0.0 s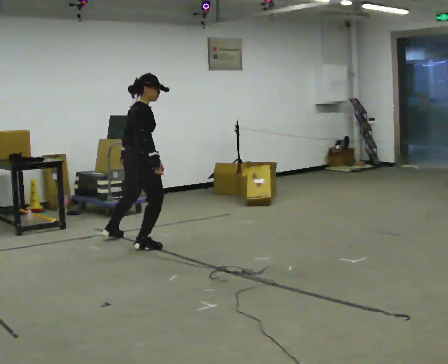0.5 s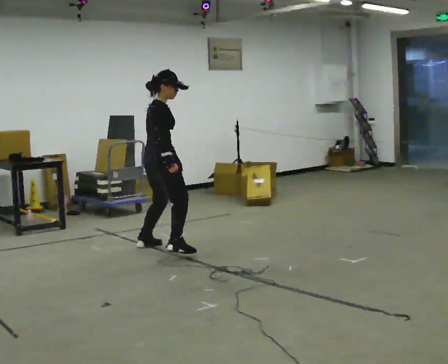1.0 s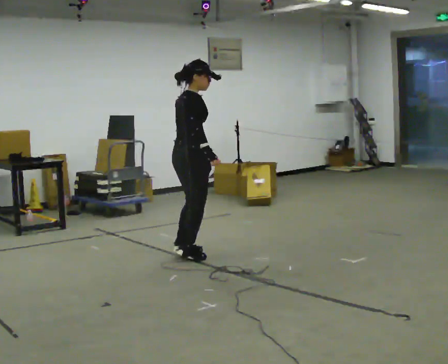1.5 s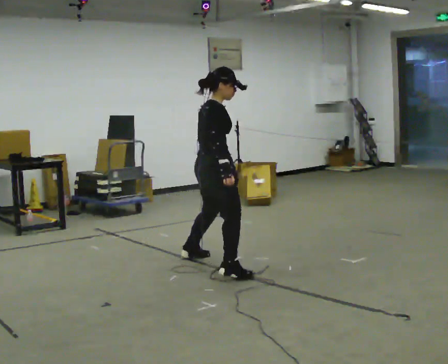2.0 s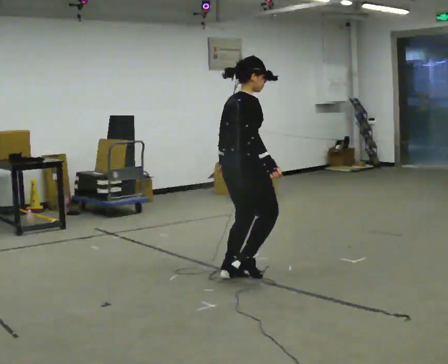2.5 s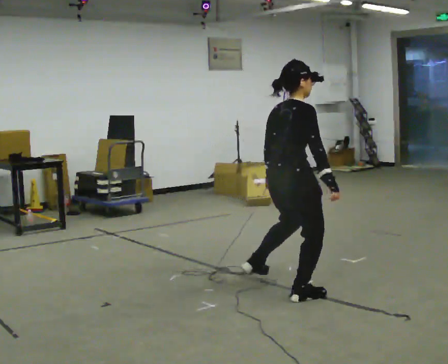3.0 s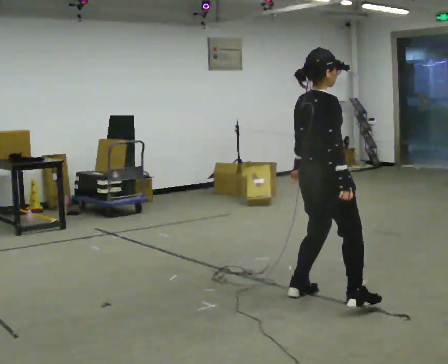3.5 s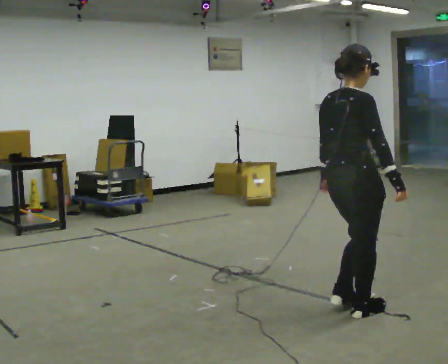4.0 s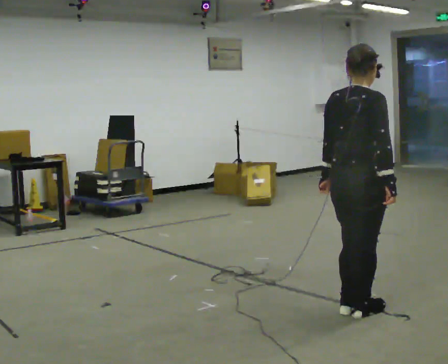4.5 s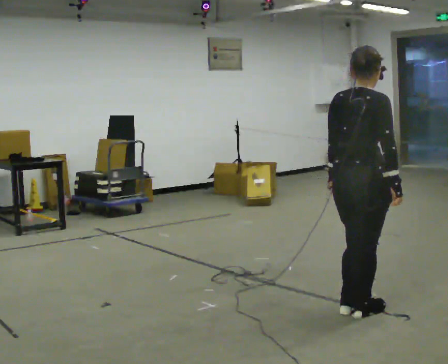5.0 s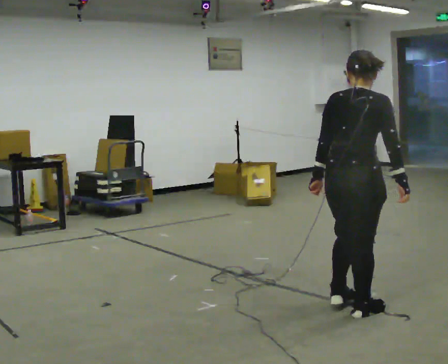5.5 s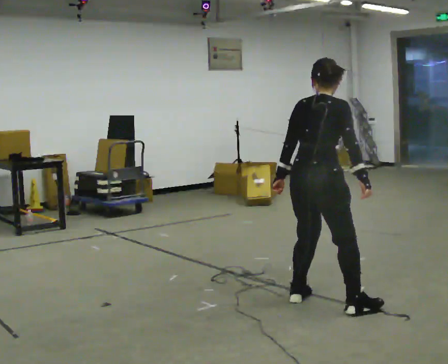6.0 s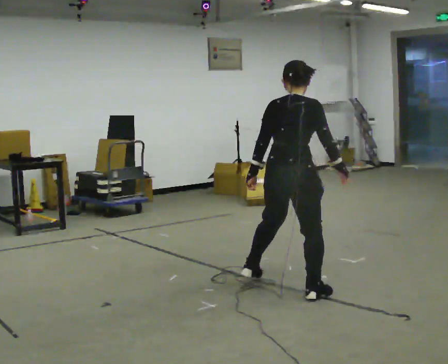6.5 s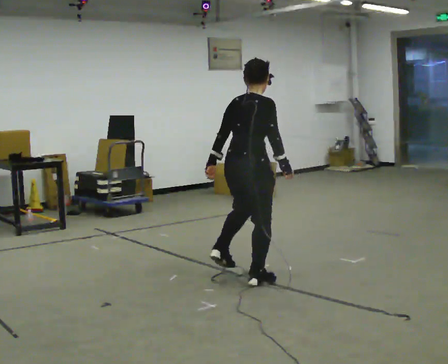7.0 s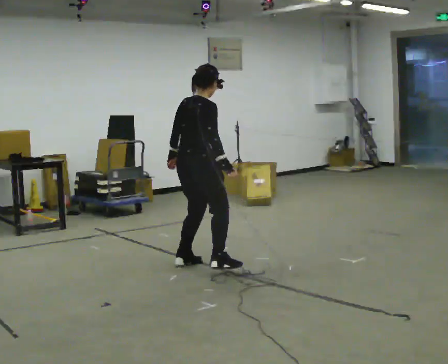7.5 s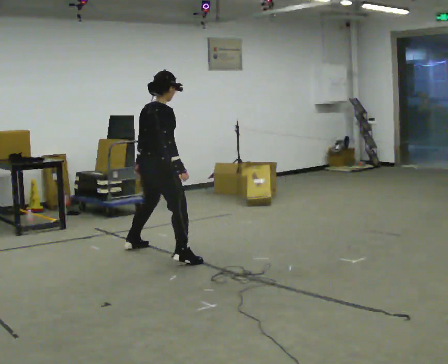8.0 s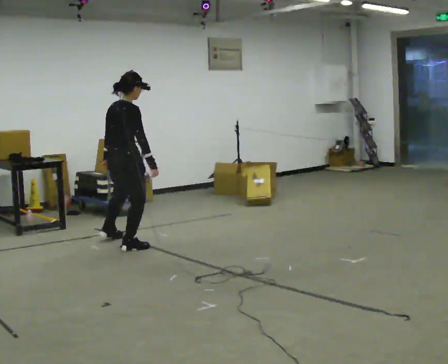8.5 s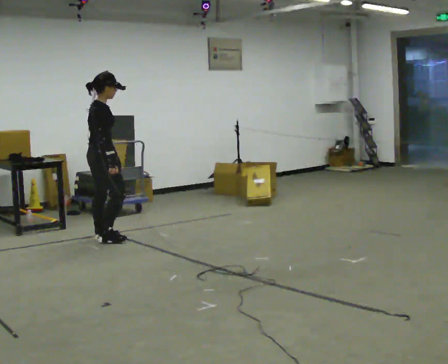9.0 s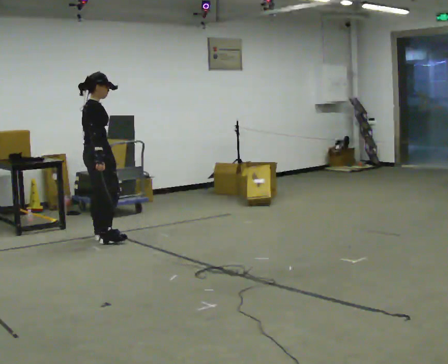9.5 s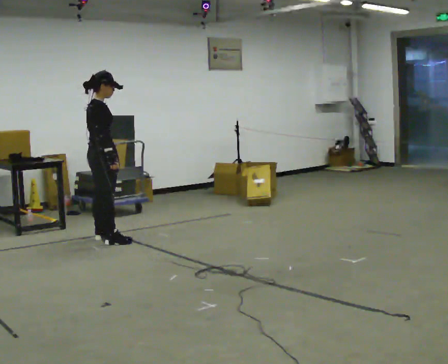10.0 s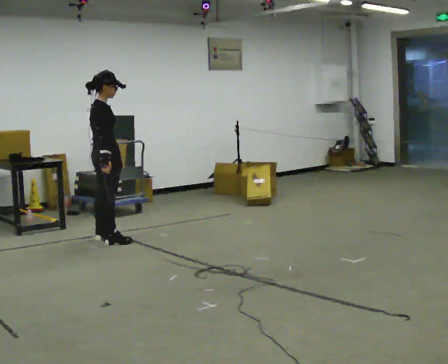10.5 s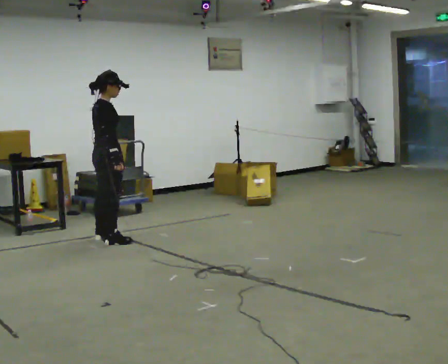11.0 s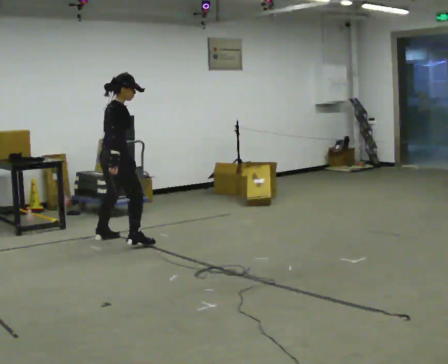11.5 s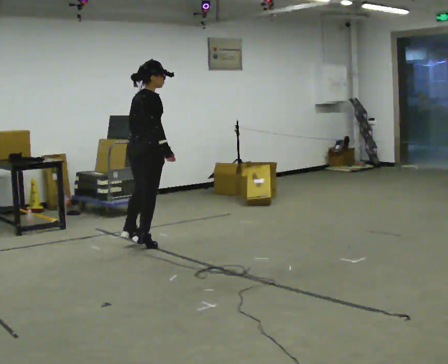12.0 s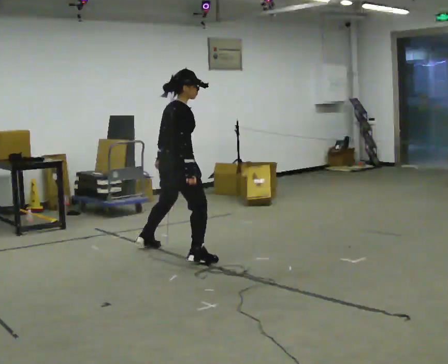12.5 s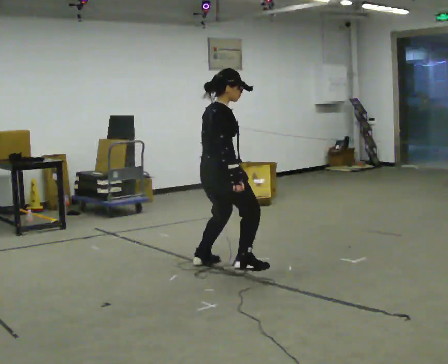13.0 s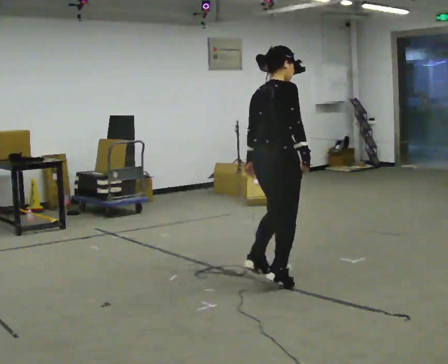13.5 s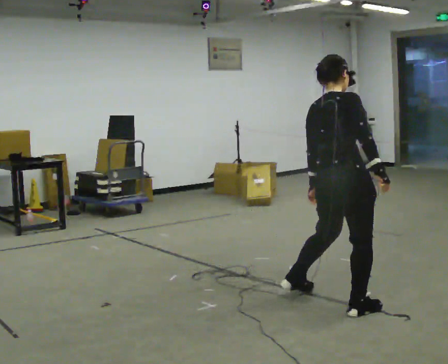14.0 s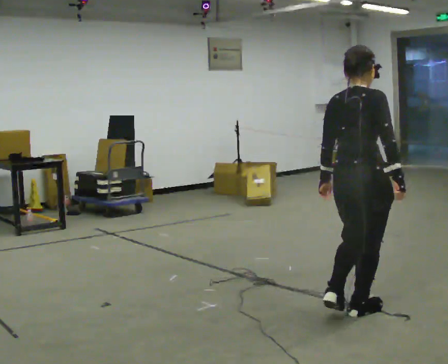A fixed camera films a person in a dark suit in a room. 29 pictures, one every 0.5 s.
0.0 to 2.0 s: In the picture they go toward the camera and to the right, about 1.5 m in 5 steps, which for them is to their right.
2.0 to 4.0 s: In the picture they go toward the camera and to the right, about 1 m in 4 steps, which for them is to their right.
4.0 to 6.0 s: In the picture they go away from the camera and to the left, about 0.75 m in 2 steps, which for them is to their left.
6.0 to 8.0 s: In the picture they go away from the camera and to the left, about 2 m in 6 steps, which for them is to their left.
8.0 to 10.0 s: In the picture they go away from the camera and to the left, about 0.25 m in 3 steps, which for them is to their left and backward.
10.0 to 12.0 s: In the picture they go to the right and toward the camera, about 1 m in 3 steps, which for them is to their right and forward.
12.0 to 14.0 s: In the picture they go toward the camera and to the right, about 2 m in 4 steps, which for them is to their right.
The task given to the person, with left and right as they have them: Gallop forward leading with the leg the operator calls, keeping the same leg in front throughout.
The film runs forward here.
